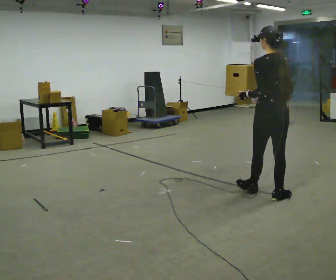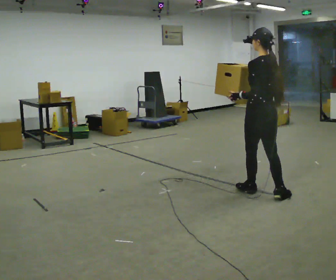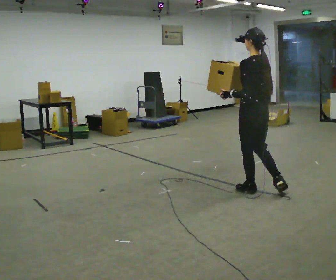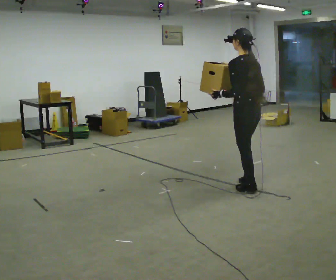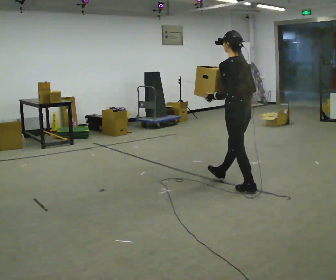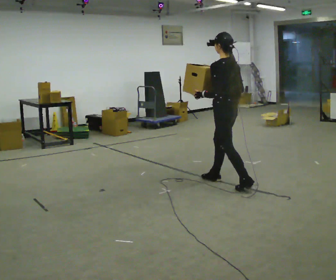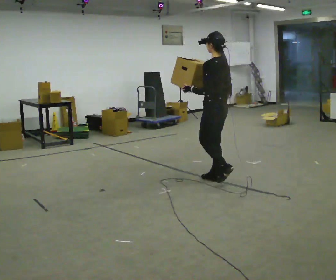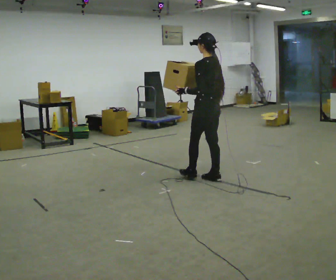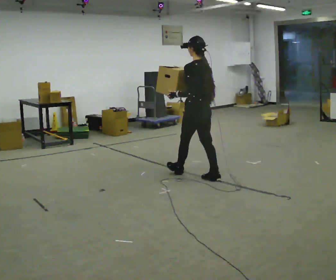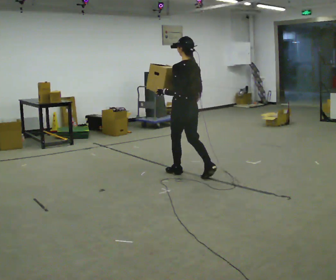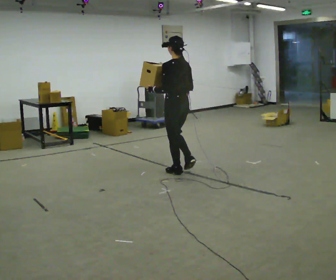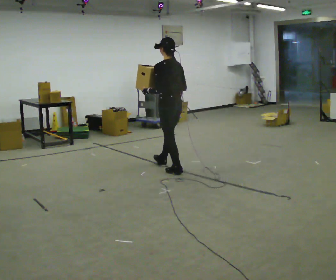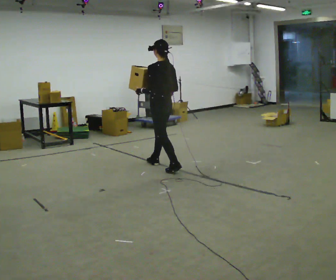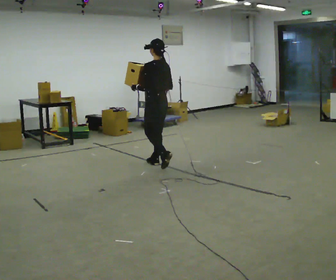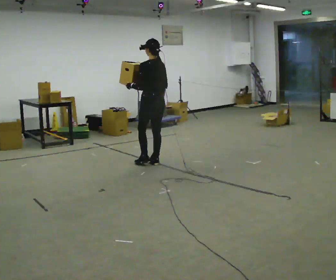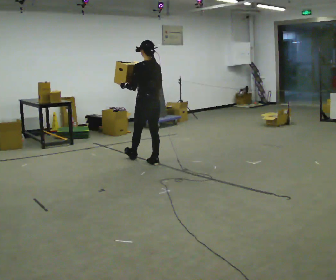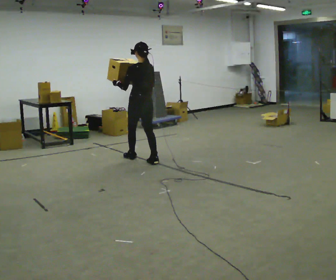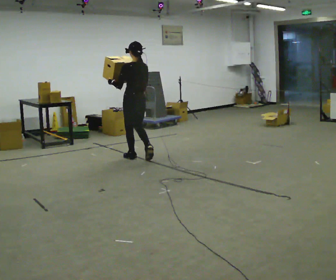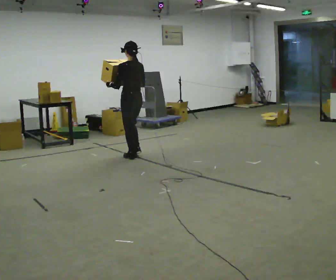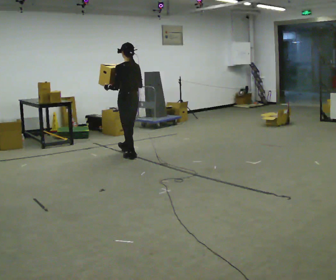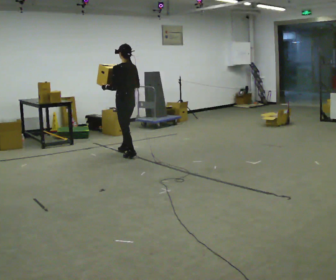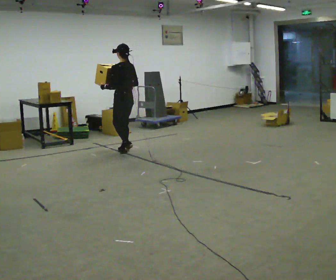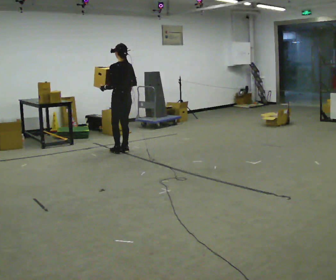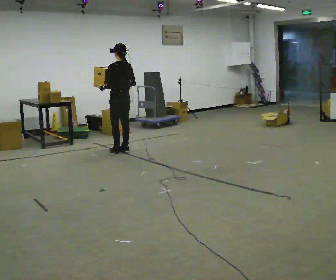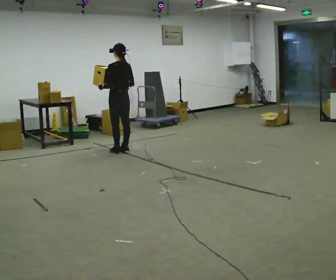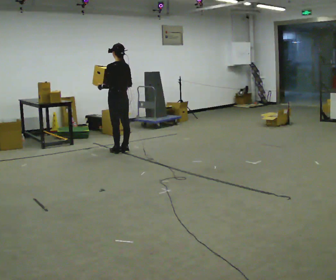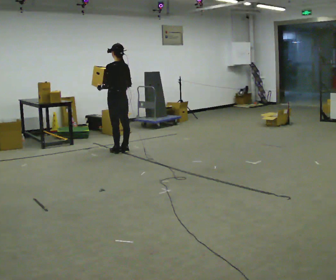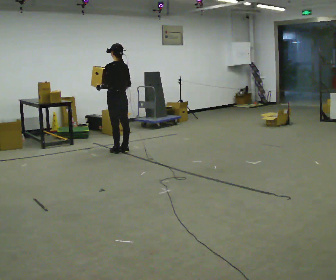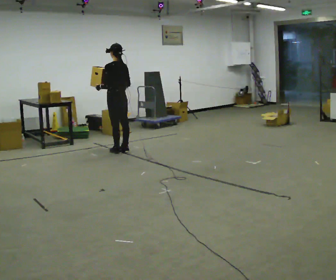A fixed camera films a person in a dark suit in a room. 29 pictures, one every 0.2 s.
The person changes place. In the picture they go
away from the camera.
0.0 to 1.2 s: The person turns about 30 degrees to their left, counterclockwise seen from above, so the part of the body nearest the lens slides to the right. In the picture they go away from the camera and to the left, about 1 m in 1 step, which for them is forward.
1.2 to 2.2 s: In the picture they go away from the camera and to the left, about 0.75 m in 1 step, which for them is forward.
2.2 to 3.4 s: In the picture they go away from the camera and to the left, about 1 m in 2 steps, which for them is forward.
3.4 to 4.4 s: In the picture they go away from the camera, about 0.5 m in 1 step, which for them is forward.
4.4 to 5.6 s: The person moves a little, or ends about where they began.
The film runs forward here.
